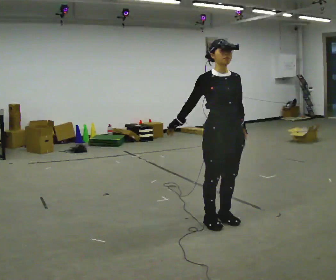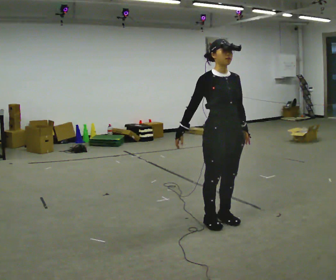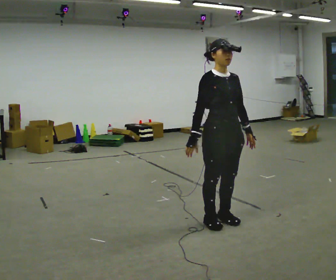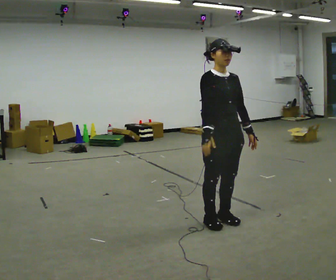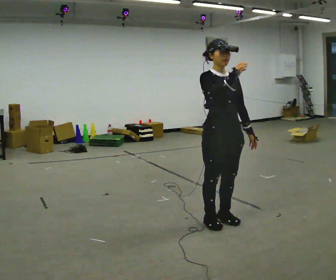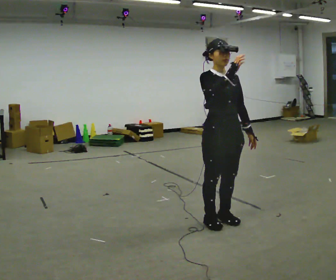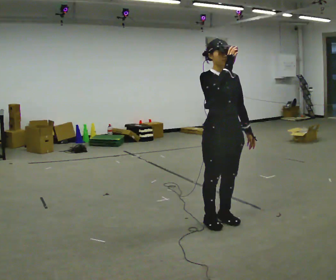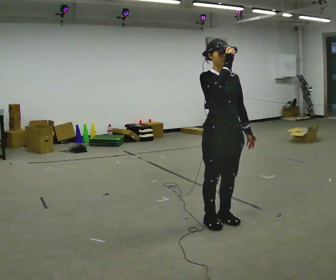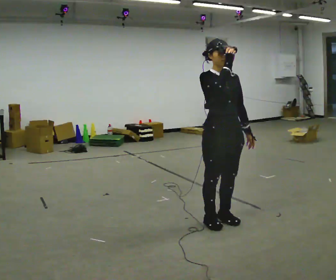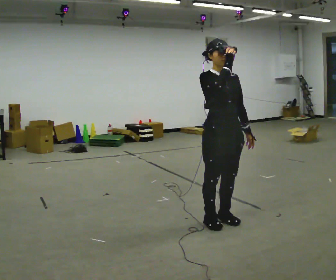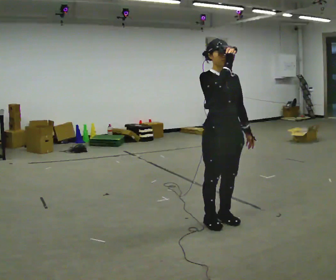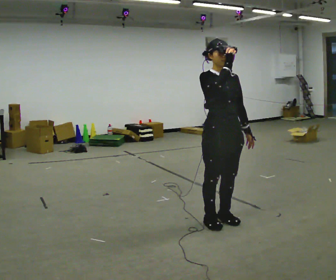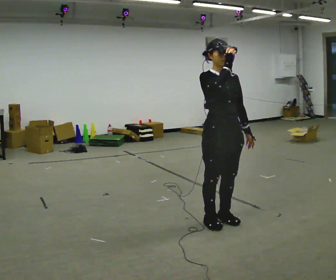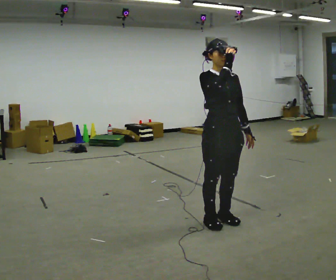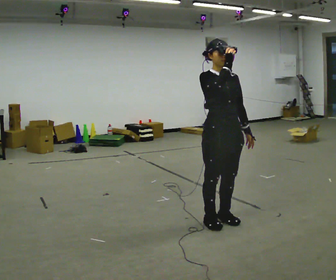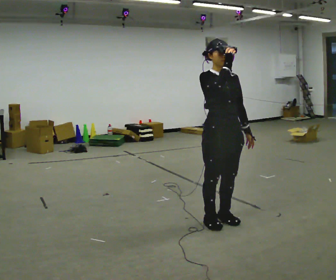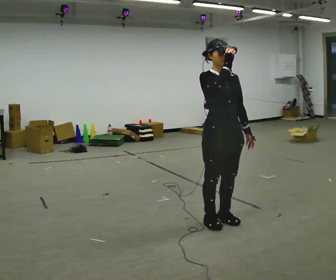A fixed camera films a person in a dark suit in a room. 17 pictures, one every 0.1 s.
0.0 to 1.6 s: In the picture their right hand goes upward and to the right.
The film runs backward here.
